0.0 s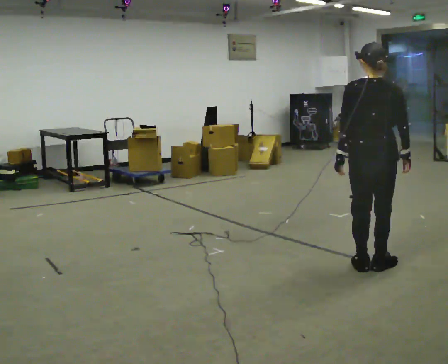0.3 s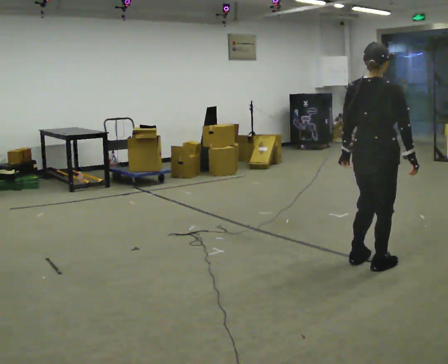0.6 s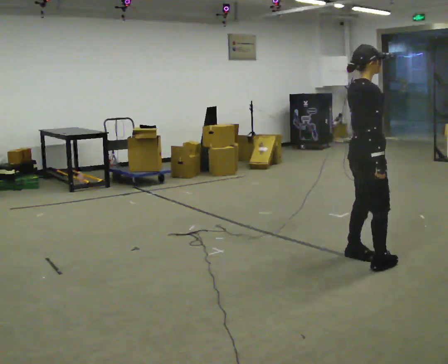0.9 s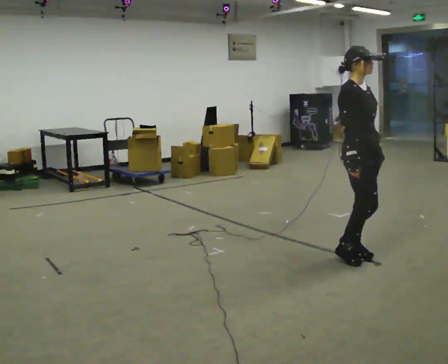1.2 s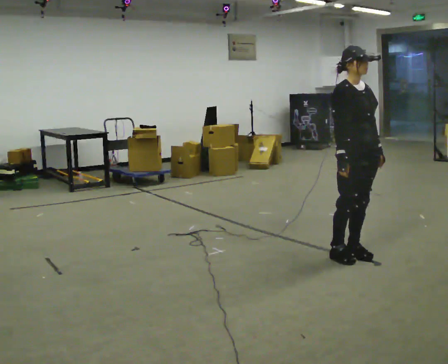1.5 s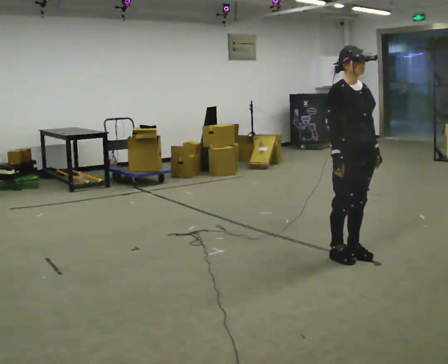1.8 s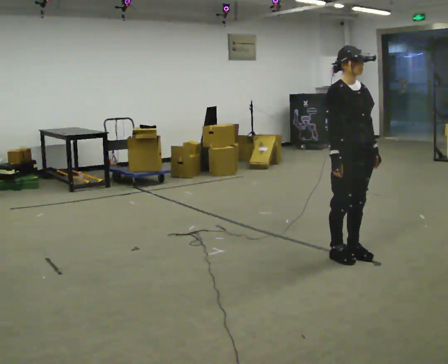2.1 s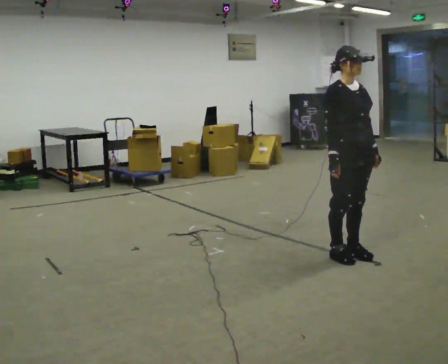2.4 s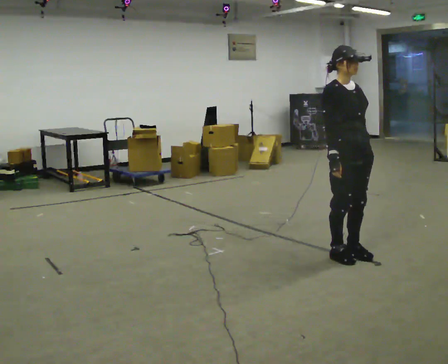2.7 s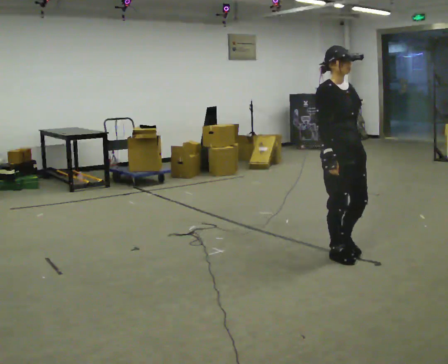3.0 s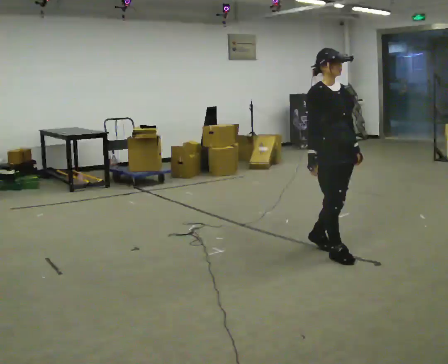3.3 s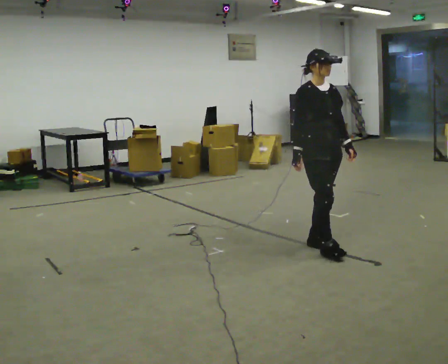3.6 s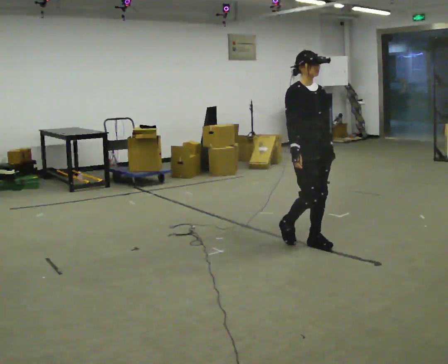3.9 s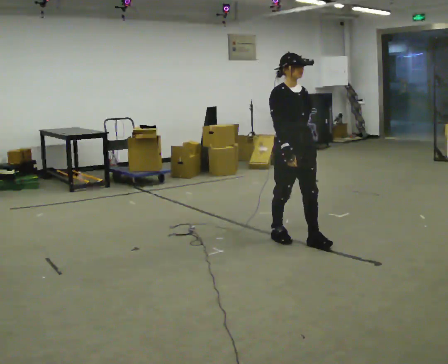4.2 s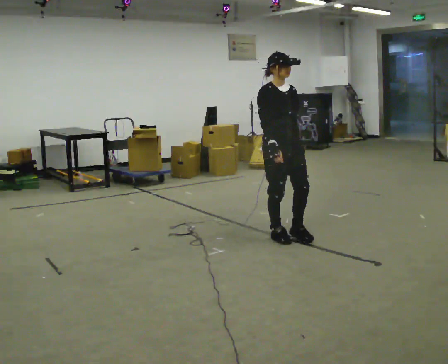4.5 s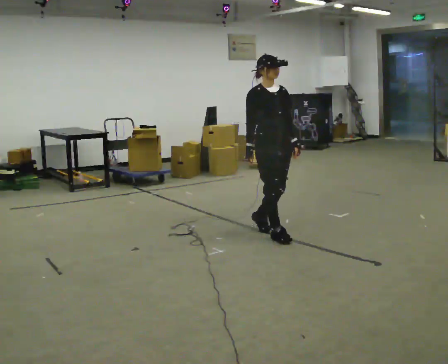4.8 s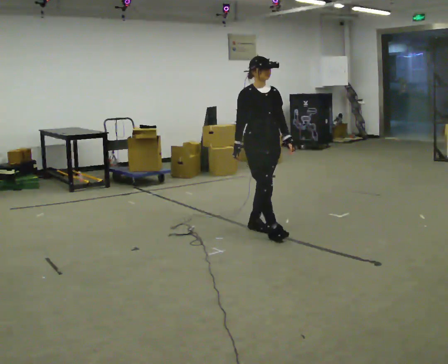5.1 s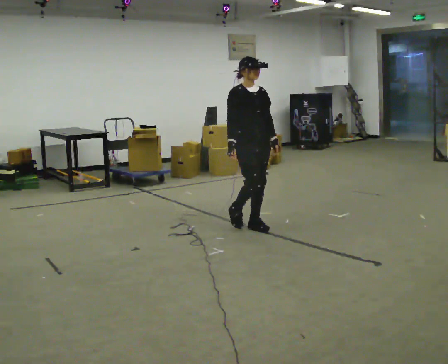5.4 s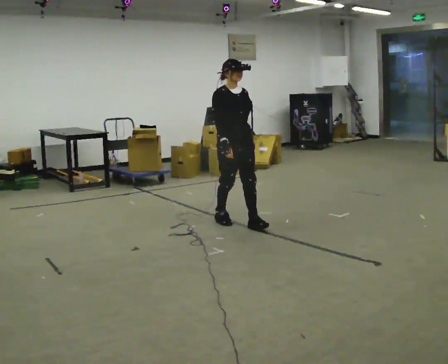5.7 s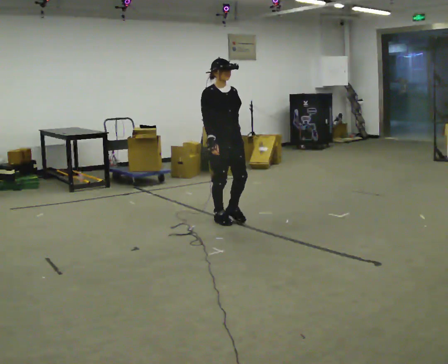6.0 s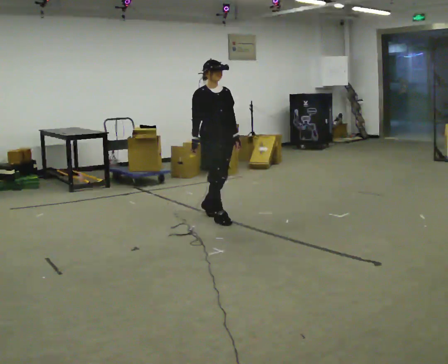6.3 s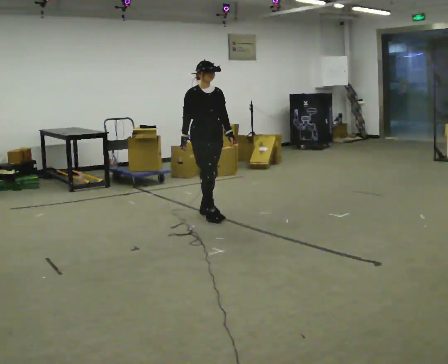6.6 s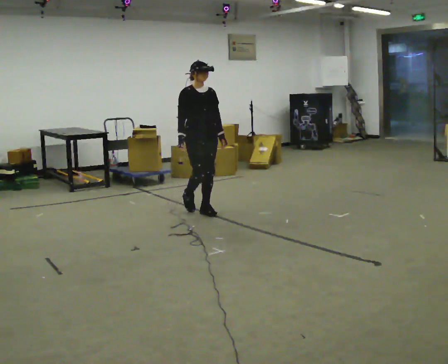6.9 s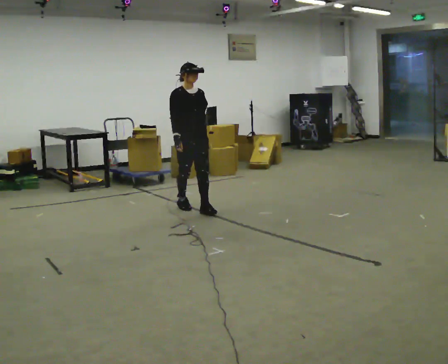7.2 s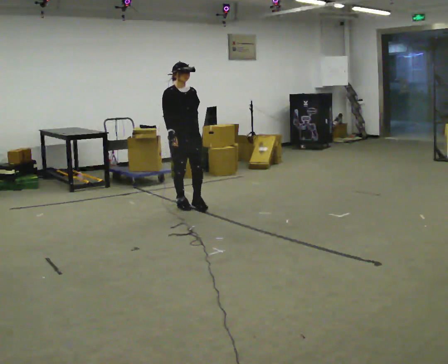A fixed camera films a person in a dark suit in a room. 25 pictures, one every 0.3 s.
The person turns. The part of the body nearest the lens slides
to the left.
The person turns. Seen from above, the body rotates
clockwise.
0.0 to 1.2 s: The part of the body nearest the lens slides to the left as the person turns to their right by about 135 degrees. In the picture they go away from the camera, about 0.25 m in 2 steps.
1.2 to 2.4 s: The person moves a little, or ends about where they began.
2.4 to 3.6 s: In the picture they go away from the camera and to the left, about 0.5 m in 2 steps, which for them is backward.
3.6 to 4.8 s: In the picture they go to the left and away from the camera, about 0.5 m in 2 steps, which for them is backward.
4.8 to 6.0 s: In the picture they go to the left and away from the camera, about 0.5 m in 1 step, which for them is backward.
6.0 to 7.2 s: In the picture they go away from the camera and to the left, about 0.5 m in 2 steps, which for them is backward.
The film runs backward here.
